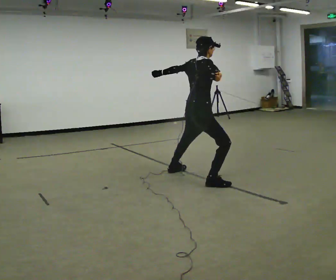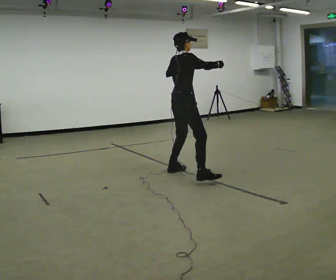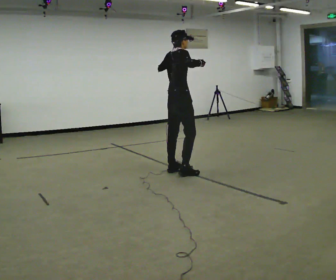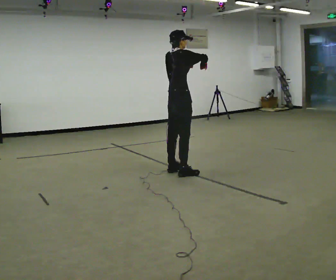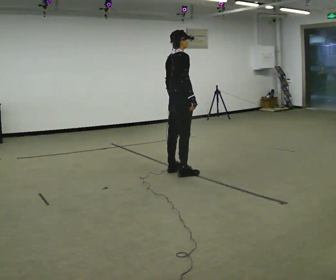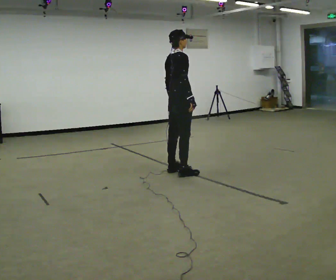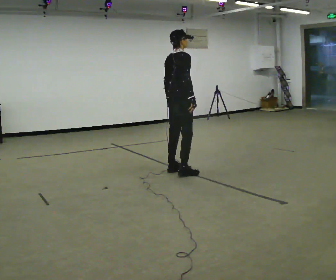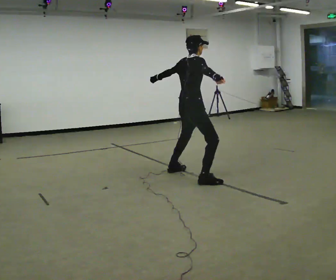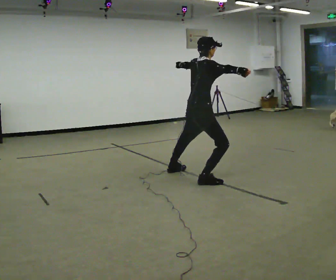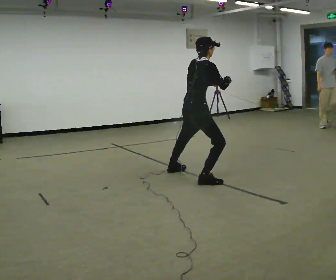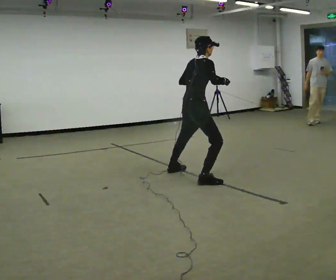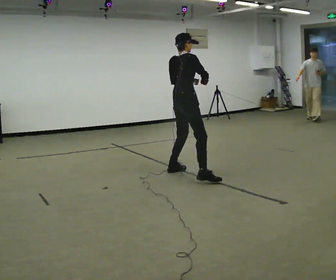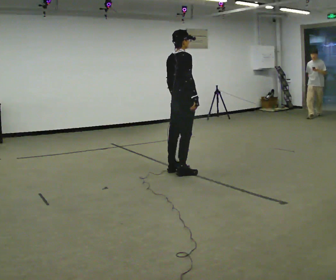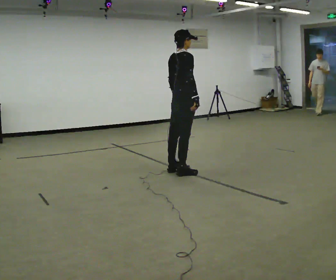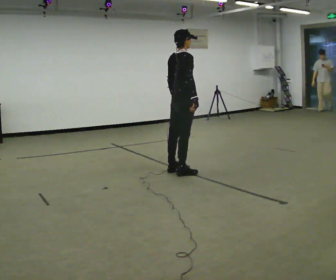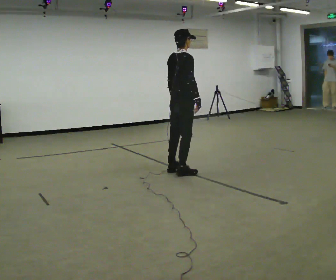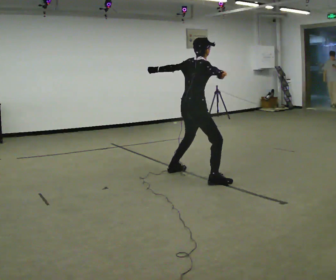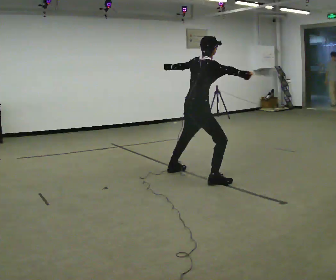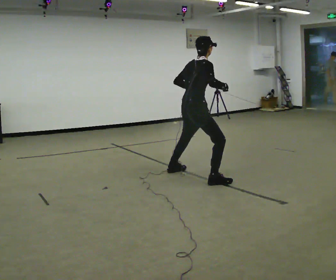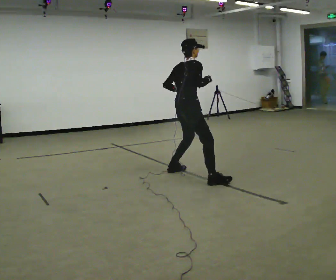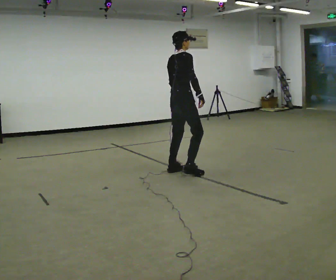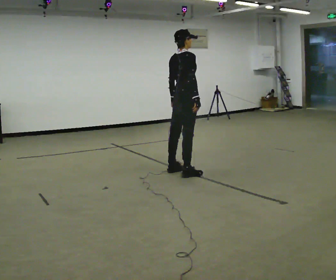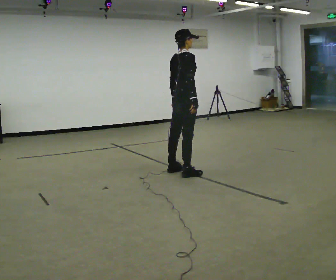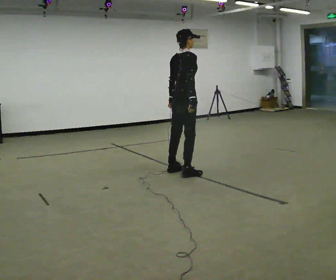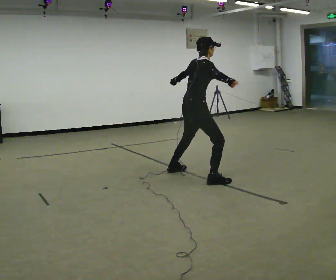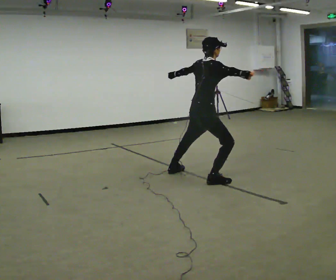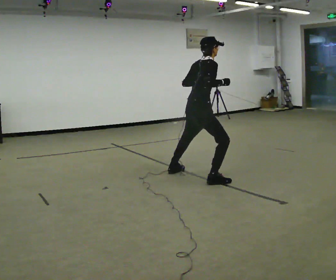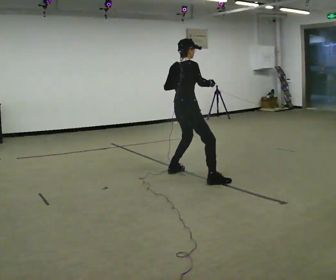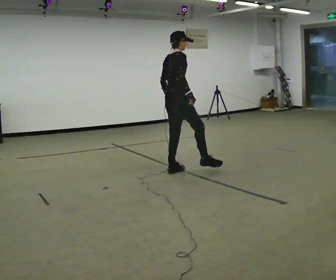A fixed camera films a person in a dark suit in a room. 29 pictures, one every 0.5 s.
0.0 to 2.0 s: In the picture they go away from the camera and to the left, about 0.5 m in 1 step, which for them is to their left. In the picture their left hand goes downward.
2.0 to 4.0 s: In the picture they go toward the camera and to the right, about 0.5 m in 1 step, which for them is to their right. In the picture their left hand goes upward.
4.0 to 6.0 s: In the picture they go away from the camera and to the left, about 0.5 m in 1 step, which for them is to their left. In the picture their left hand goes downward.
6.0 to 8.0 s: In the picture they go toward the camera, about 0.25 m in 1 step, which for them is to their right. In the picture their left hand goes upward, the arm swinging clockwise.
8.0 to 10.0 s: In the picture they go away from the camera, about 0.25 m in 1 step, which for them is to their left. In the picture their left hand goes to the right and downward.
10.0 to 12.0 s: In the picture they go toward the camera, about 0.25 m in 1 step, which for them is to their right.
12.0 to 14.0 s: In the picture they go to the left and away from the camera, about 0.25 m in 1 step, which for them is to their left.
The film runs backward here.
